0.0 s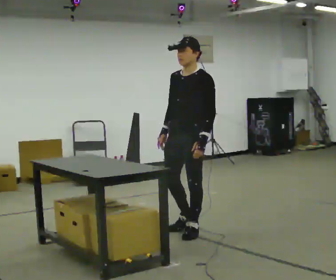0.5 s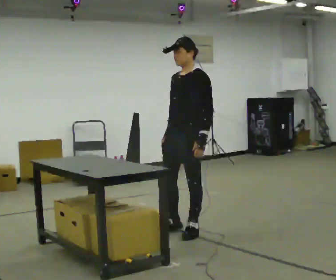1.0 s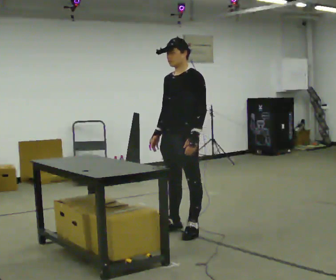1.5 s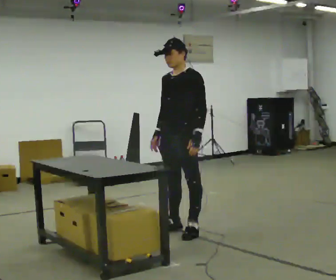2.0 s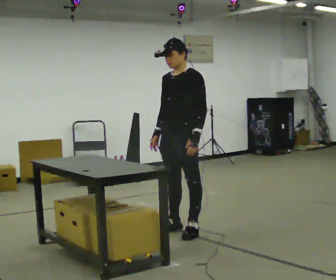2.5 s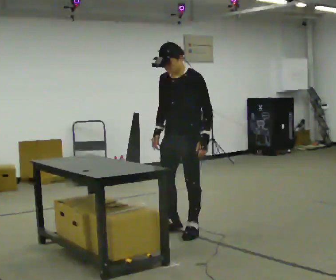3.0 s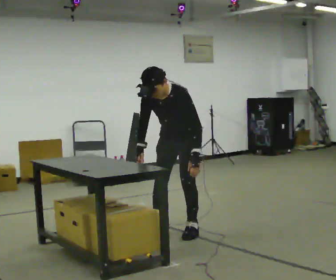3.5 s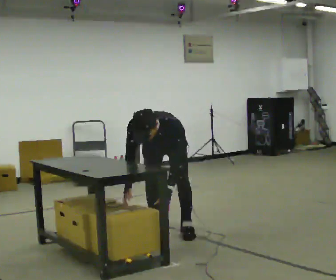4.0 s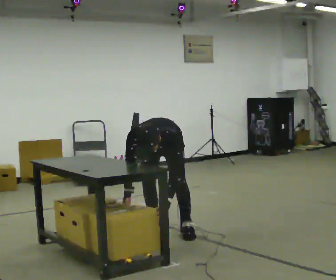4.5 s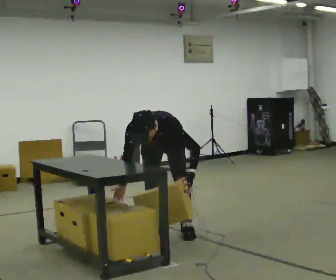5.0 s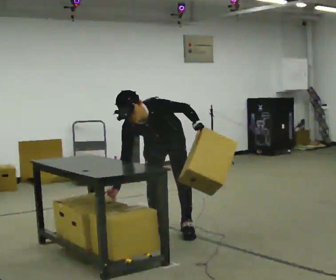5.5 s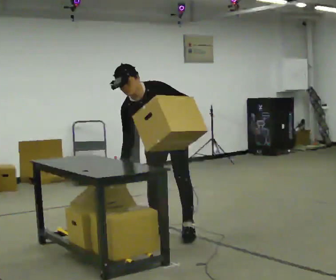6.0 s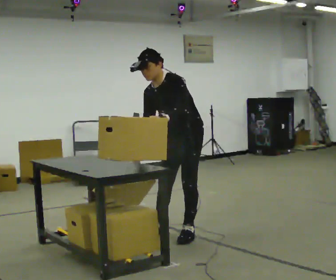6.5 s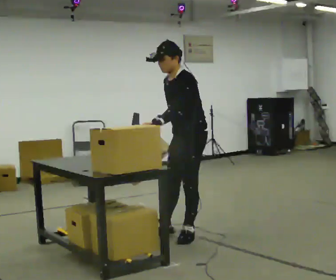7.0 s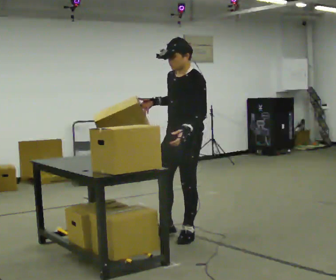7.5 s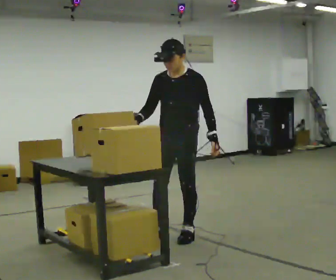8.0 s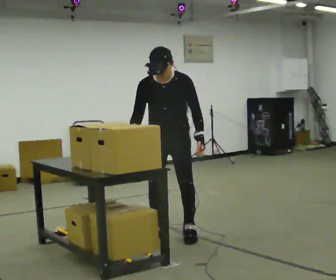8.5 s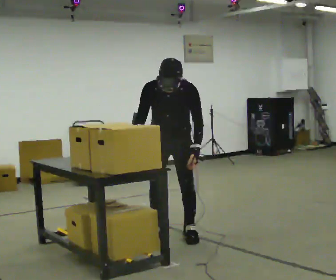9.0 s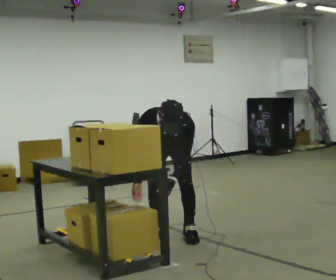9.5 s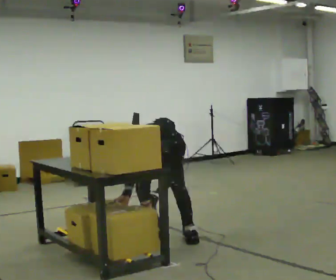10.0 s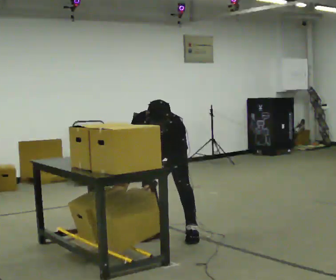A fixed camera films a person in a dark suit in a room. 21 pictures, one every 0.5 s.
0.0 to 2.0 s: The person moves a little, or ends about where they began.
2.0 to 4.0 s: The person turns about 45 degrees to their left, counterclockwise seen from above, so the part of the body nearest the lens slides to the right. In the picture they go to the left, about 0.25 m in 1 step, which for them is to their right. The upper body goes downward. The upper body tips toward the camera, its near side rolling downward, as they bend forward. In the picture their left hand goes downward.
4.0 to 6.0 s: The part of the body nearest the lens slides to the left as the person turns to their right by about 45 degrees. In the picture they go toward the camera and to the right, about 0.25 m, which for them is to their left and forward. The shoulders move upward. The upper body tips away from the camera, its near side rolling upward, as they lean back or straighten. In the picture their left hand goes upward.
6.0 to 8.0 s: Seen from above the body turns counterclockwise, about 45 degrees: to their left, with its near side sliding to the right. In the picture they go to the left, about 0.25 m. In the picture their left hand goes to the right.
8.0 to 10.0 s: The upper body tips toward the camera, its near side rolling downward, as they bend forward. In the picture their left hand goes to the left and downward.
The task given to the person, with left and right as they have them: Crouch down and place the object on the lowest shelf, then stand back up. Do not step. Repeat at your own pace until the operator says stop.
The film runs forward here.
